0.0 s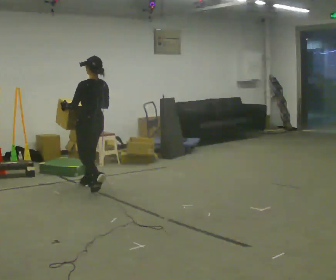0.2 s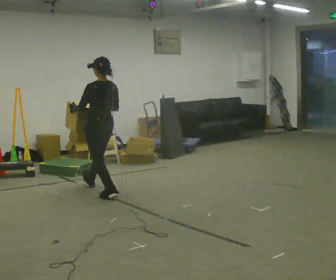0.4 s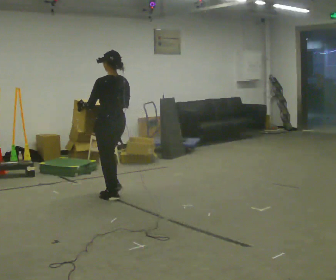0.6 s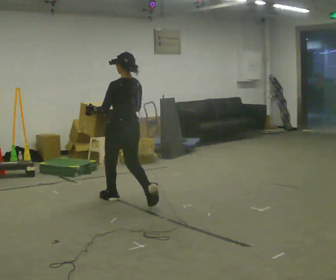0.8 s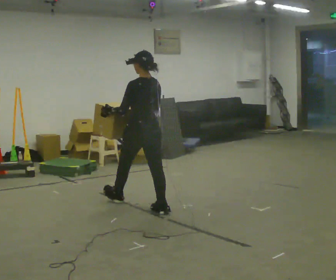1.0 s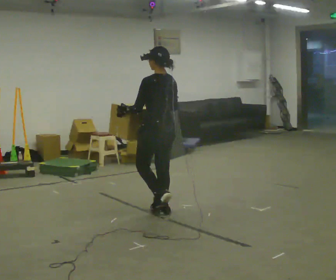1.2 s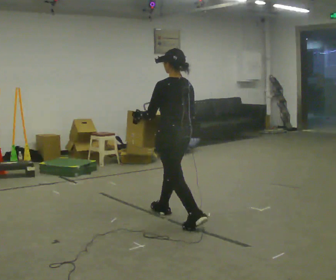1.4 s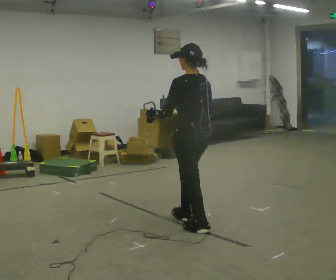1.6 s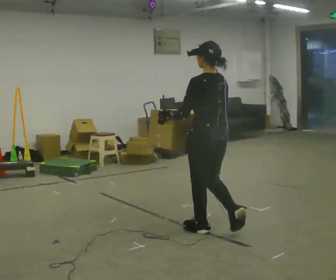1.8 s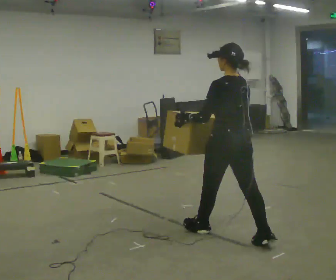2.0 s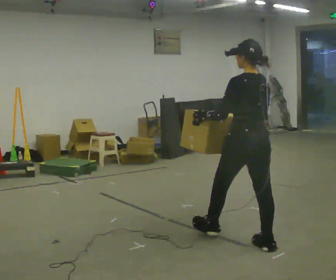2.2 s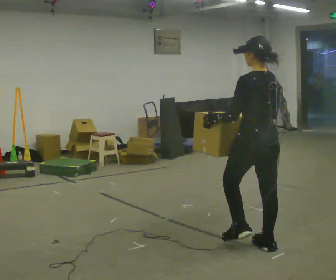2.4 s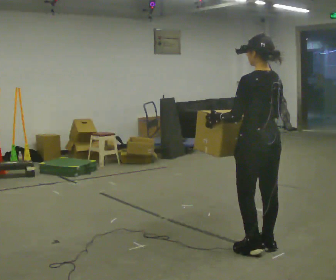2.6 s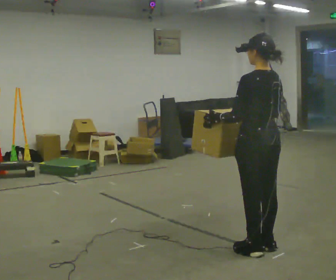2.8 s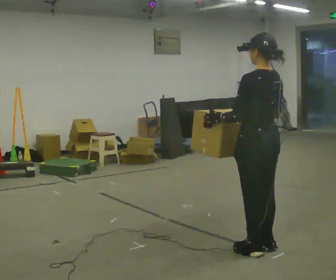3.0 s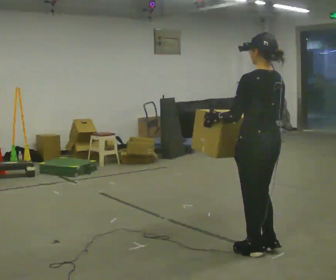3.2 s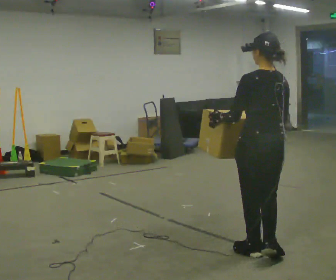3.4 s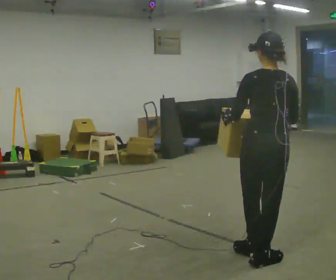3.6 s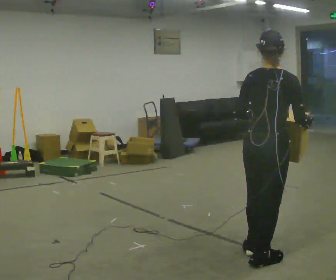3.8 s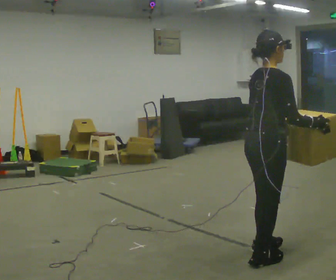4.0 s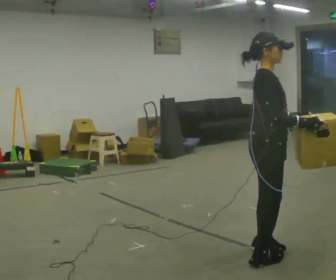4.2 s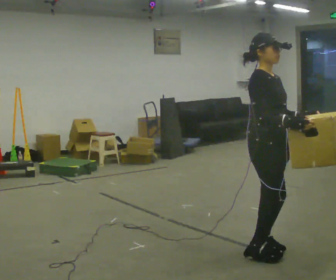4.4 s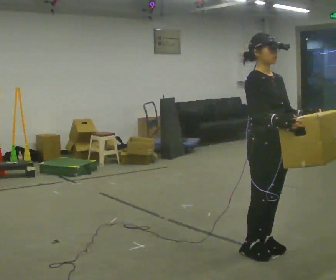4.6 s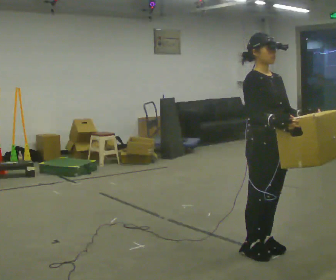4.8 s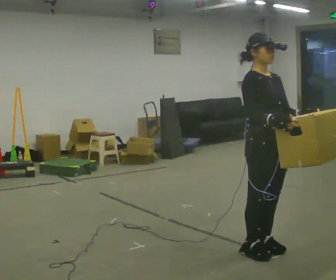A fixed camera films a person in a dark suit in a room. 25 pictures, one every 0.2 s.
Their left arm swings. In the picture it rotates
counterclockwise.
The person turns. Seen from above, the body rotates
clockwise.
0.0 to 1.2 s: In the picture they go to the right and toward the camera, about 1.5 m in 2 steps, which for them is backward.
1.2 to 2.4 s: In the picture they go to the right and toward the camera, about 1 m in 2 steps, which for them is backward.
2.4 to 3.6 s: Seen from above the body turns clockwise, about 60 degrees: to their right, with its near side sliding to the left. In the picture they go toward the camera, about 0.25 m in 1 step.
3.6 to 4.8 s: The person turns about 105 degrees to their right, clockwise seen from above, so the part of the body nearest the lens slides to the left. In the picture their left hand goes to the right, the arm swinging counterclockwise.
The film runs backward here.
